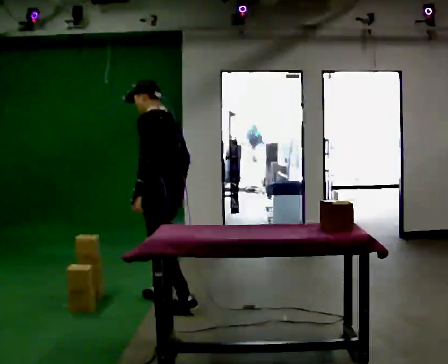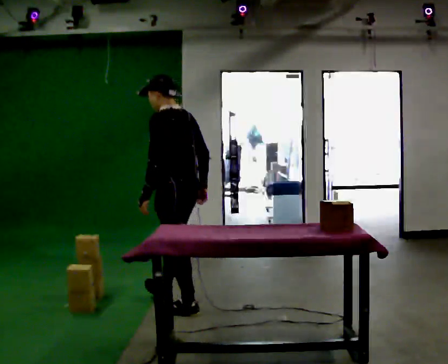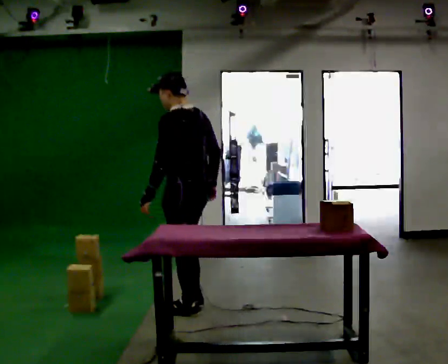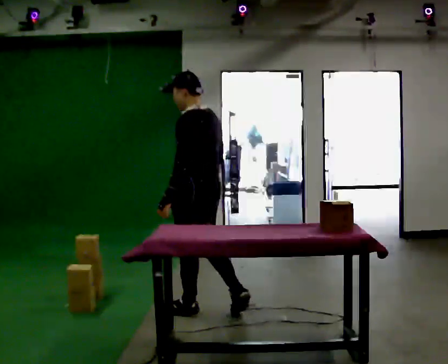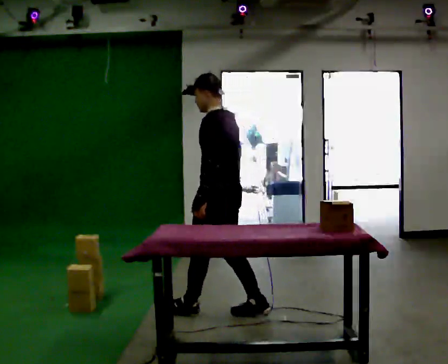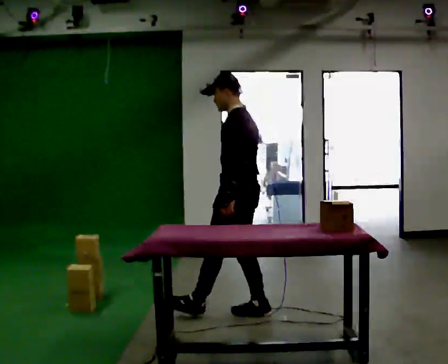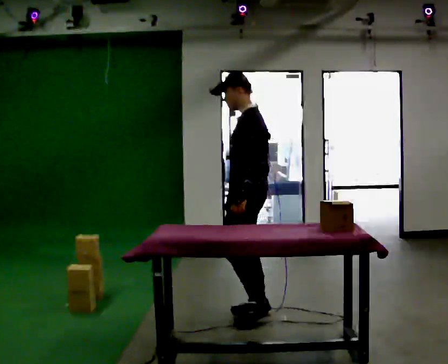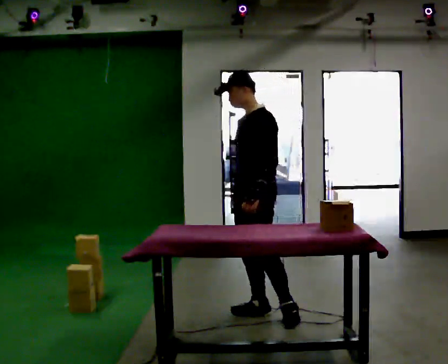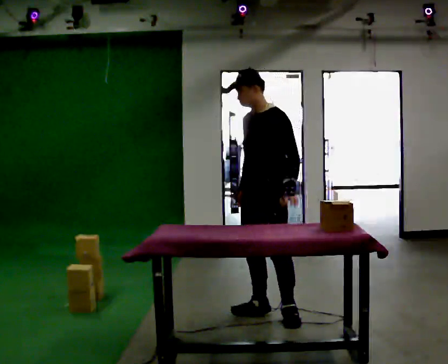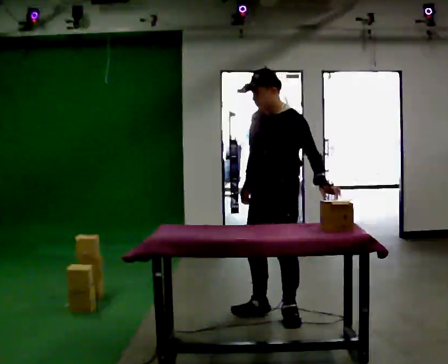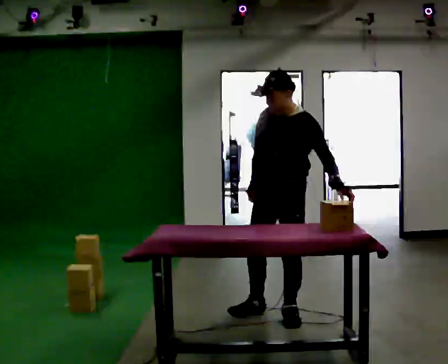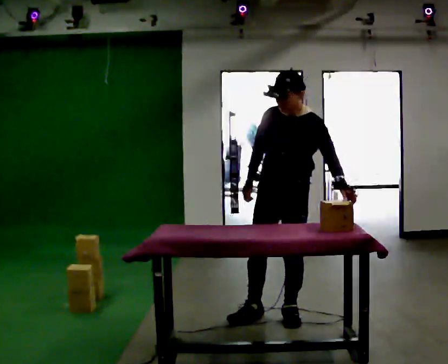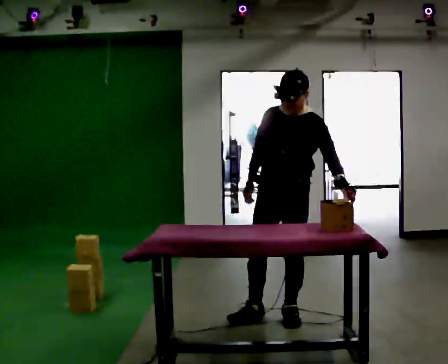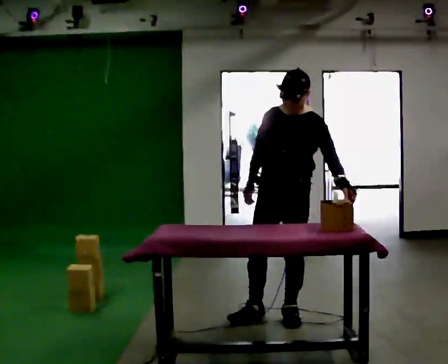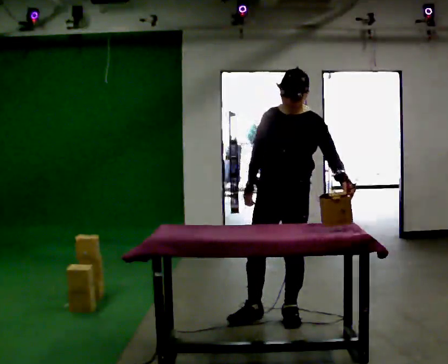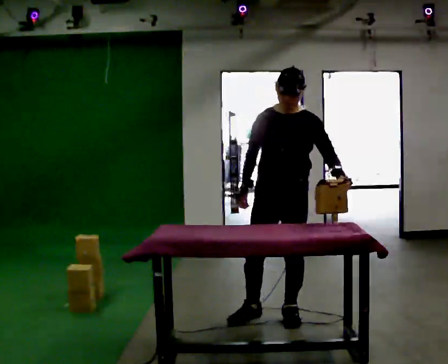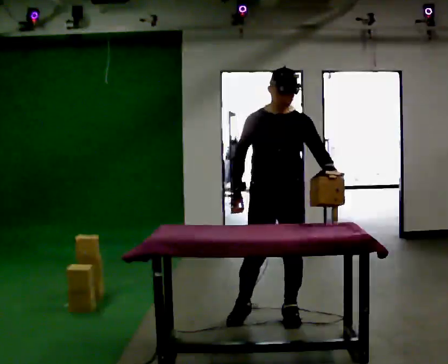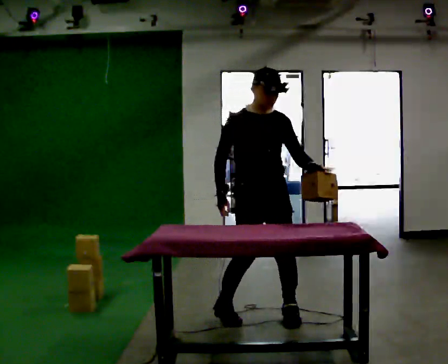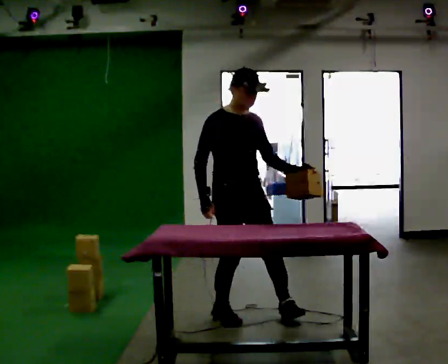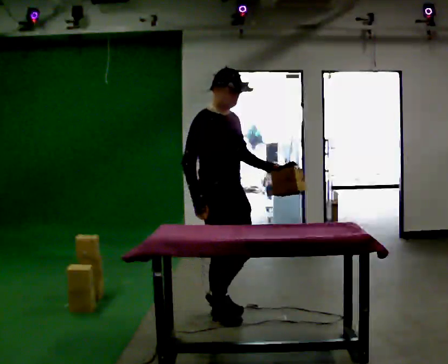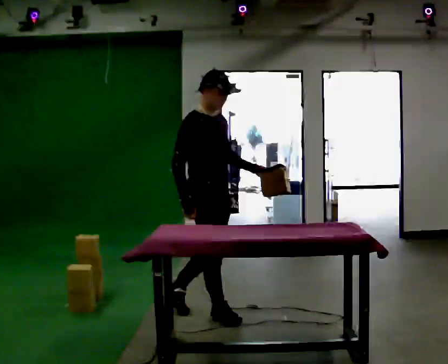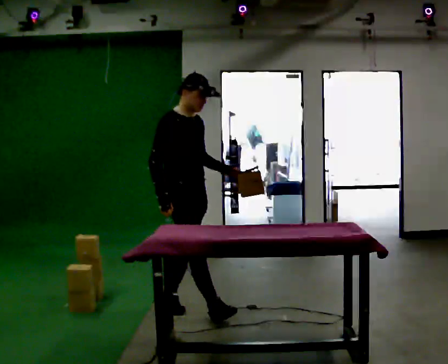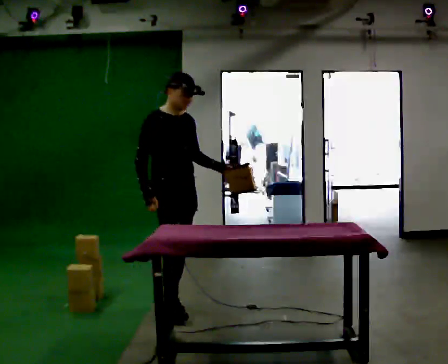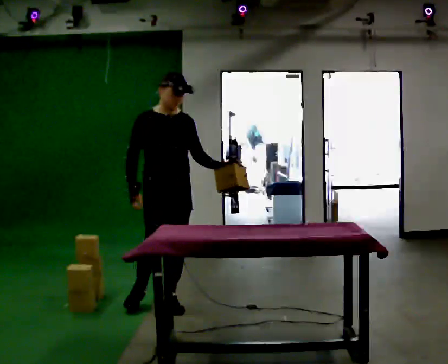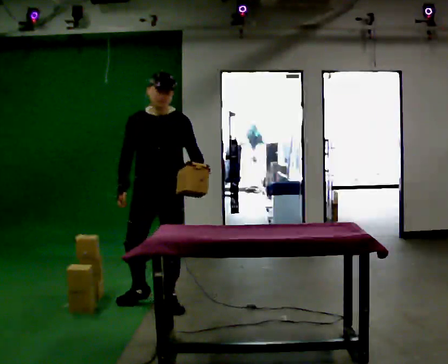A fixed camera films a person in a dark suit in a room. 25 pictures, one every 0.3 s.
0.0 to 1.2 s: In the picture they go to the right and toward the camera, about 0.5 m in 1 step, which for them is backward.
1.2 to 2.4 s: The part of the body nearest the lens slides to the right as the person turns to their left by about 60 degrees. In the picture they go to the right, about 0.25 m in 1 step.
2.4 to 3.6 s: The part of the body nearest the lens slides to the right as the person turns to their left by about 30 degrees. In the picture their left hand goes to the right.
3.6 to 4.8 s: The person moves a little, or ends about where they began.
4.8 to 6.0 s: The person turns about 75 degrees to their left, counterclockwise seen from above, so the part of the body nearest the lens slides to the right. In the picture they go to the left, about 0.5 m in 1 step.
6.0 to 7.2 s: The person turns about 60 degrees to their right, clockwise seen from above, so the part of the body nearest the lens slides to the left. In the picture they go to the left and away from the camera, about 0.5 m in 1 step.
The film runs backward here.
